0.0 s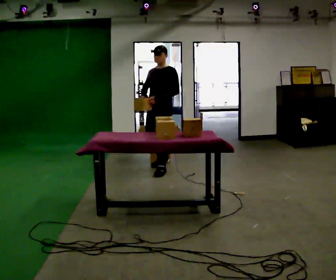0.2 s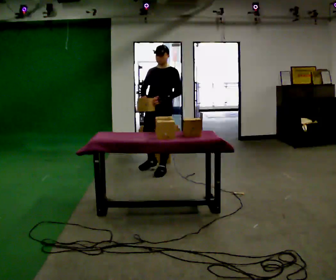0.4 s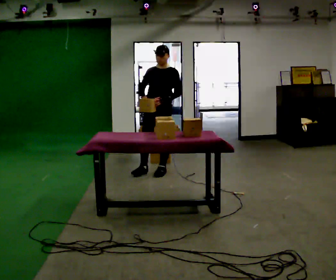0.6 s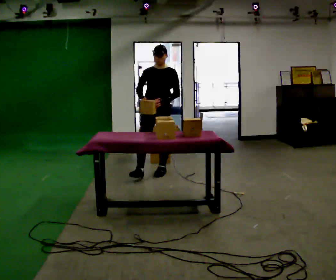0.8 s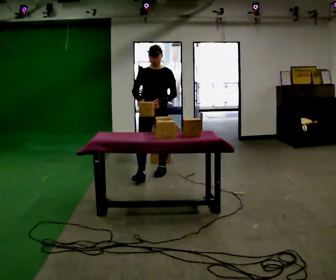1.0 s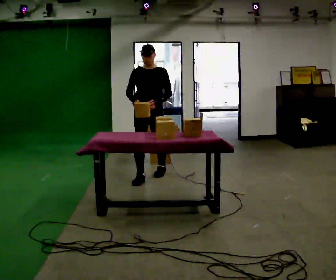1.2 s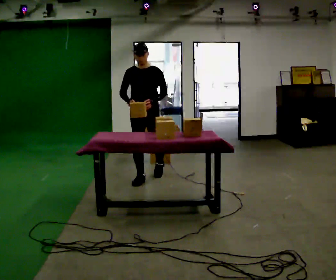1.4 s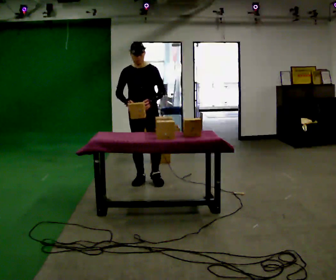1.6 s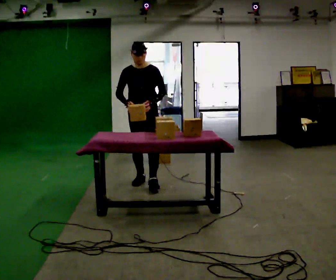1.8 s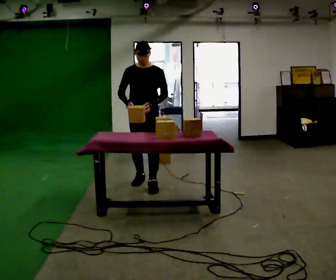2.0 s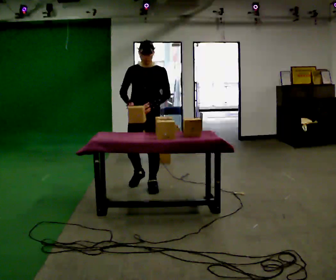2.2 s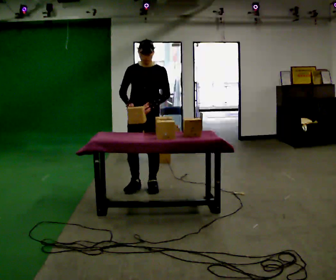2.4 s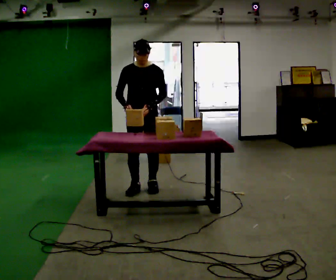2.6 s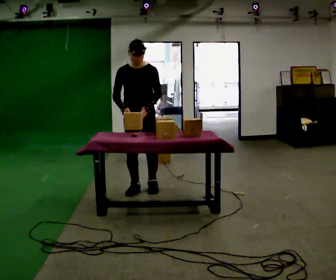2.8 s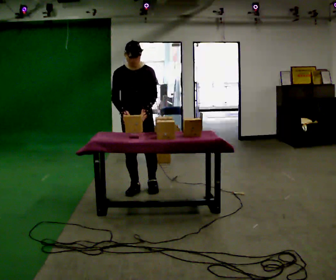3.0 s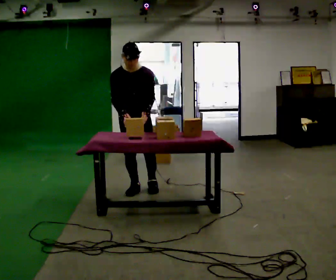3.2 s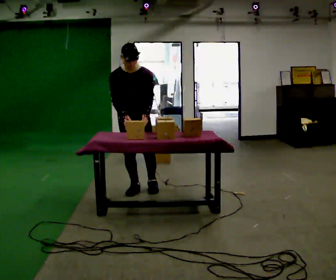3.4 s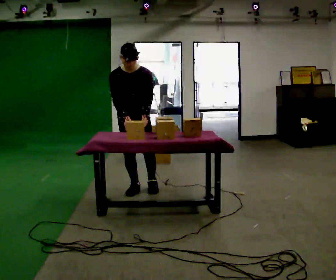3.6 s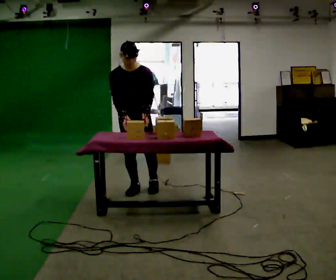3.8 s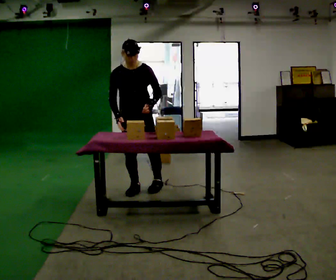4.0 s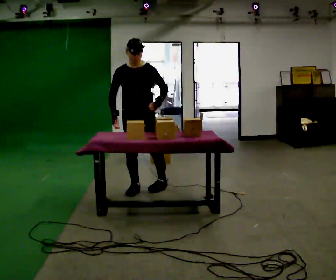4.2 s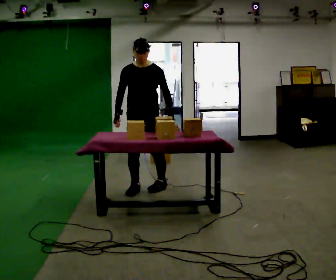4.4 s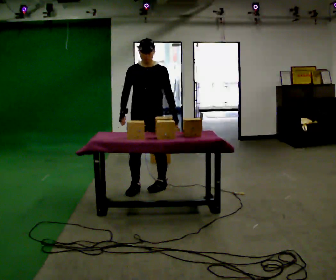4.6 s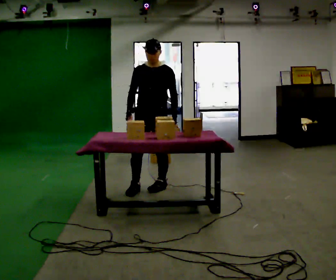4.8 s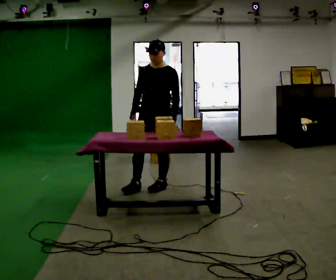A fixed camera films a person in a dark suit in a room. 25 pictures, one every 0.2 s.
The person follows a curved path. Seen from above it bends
counterclockwise.
The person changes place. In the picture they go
toward the camera.
0.0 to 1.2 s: The part of the body nearest the lens slides to the right as the person turns to their left by about 30 degrees. In the picture they go toward the camera and to the left, about 0.5 m in 1 step, which for them is forward.
1.2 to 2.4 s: In the picture they go toward the camera, about 0.5 m in 2 steps, which for them is forward.
2.4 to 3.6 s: The upper body tips toward the camera, its near side rolling downward, as they bend forward.
3.6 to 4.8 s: Seen from above the body turns clockwise, about 45 degrees: to their right, with its near side sliding to the left. In the picture they go to the right, about 0.25 m, which for them is to their left. The upper body tips away from the camera, its near side rolling upward, as they lean back or straighten.
The film runs forward here.
